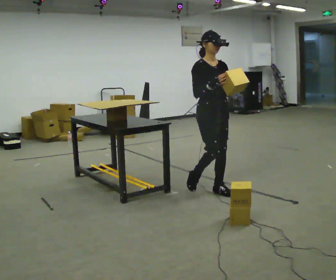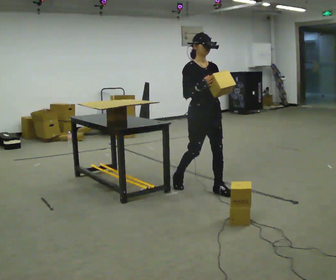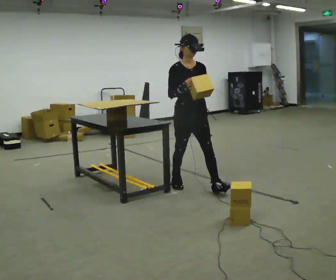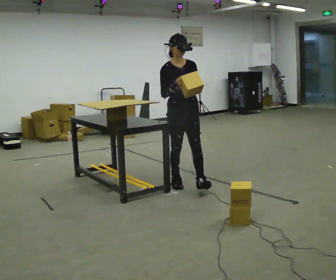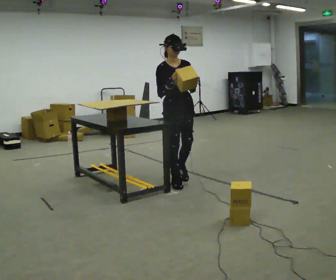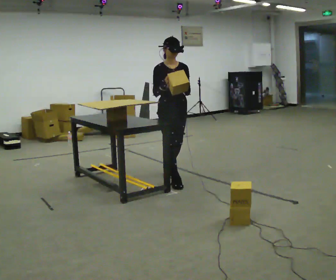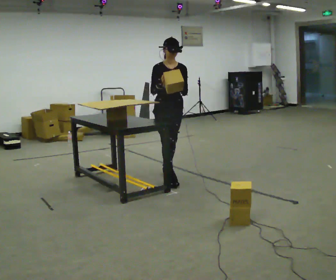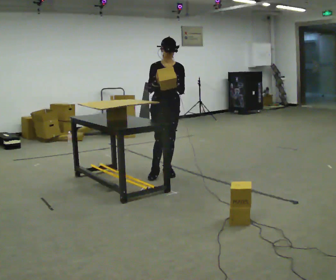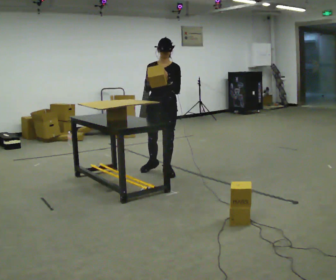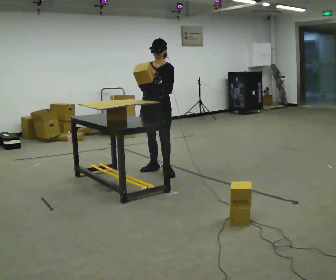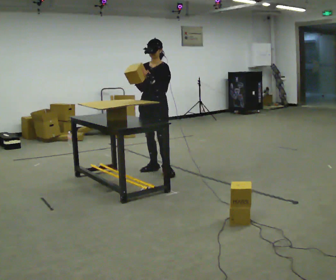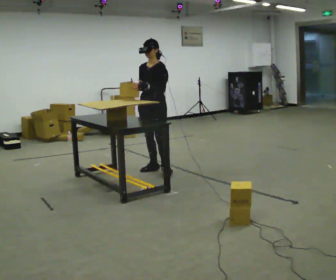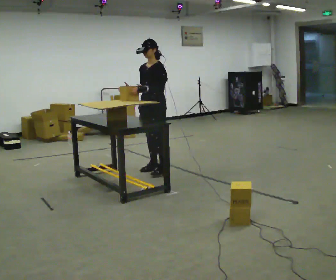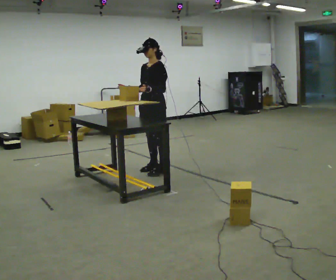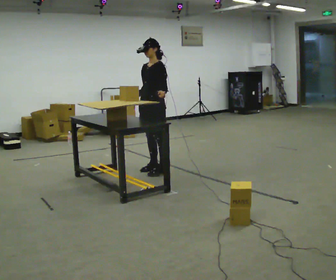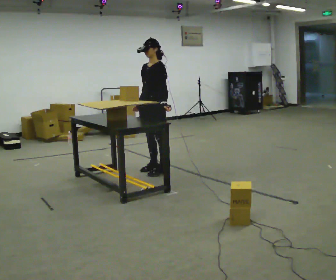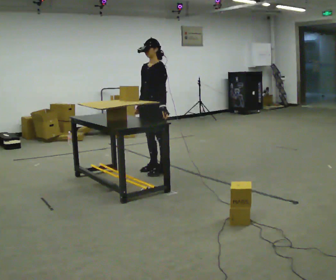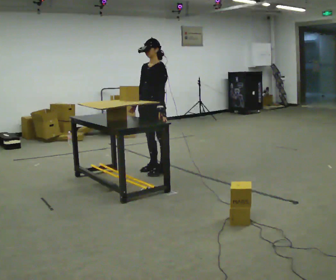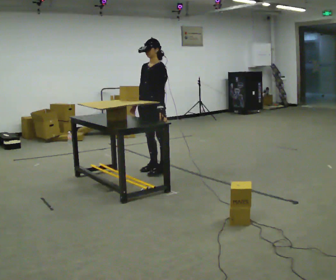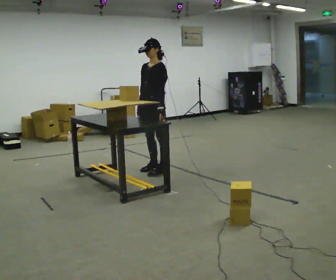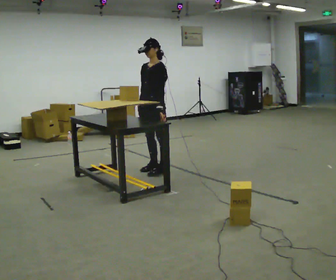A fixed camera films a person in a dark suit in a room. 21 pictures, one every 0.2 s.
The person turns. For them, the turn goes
to their right.
The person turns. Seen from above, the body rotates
clockwise.
0.0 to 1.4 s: In the picture they go away from the camera and to the left, about 1 m in 2 steps, which for them is backward and to their right.
1.4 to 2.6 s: The part of the body nearest the lens slides to the left as the person turns to their right by about 60 degrees. In the picture they go away from the camera, about 0.25 m, which for them is to their right. In the picture their right hand goes to the left.
2.6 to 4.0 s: The person moves a little, or ends about where they began.
The film runs backward here.
